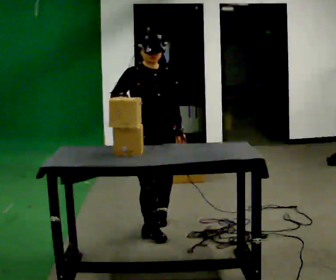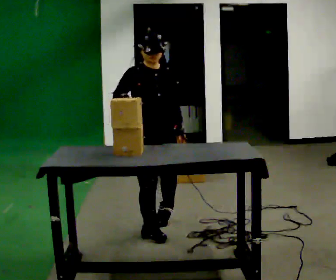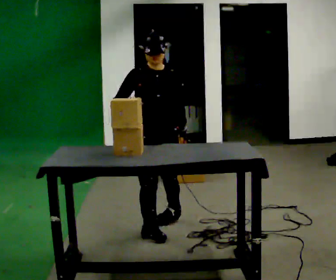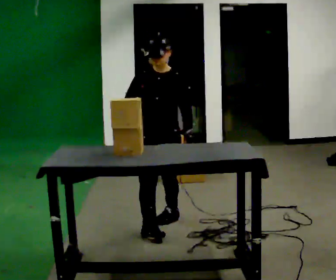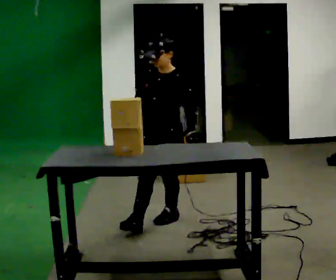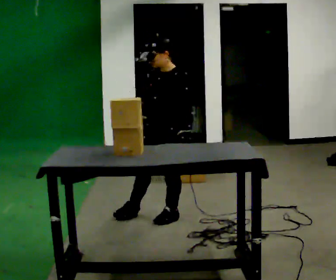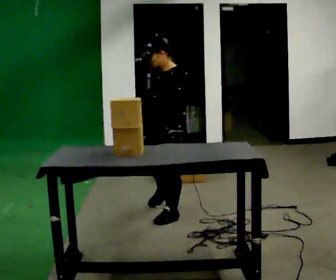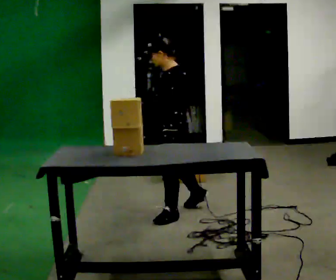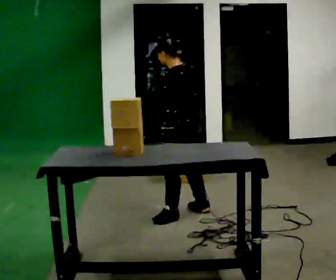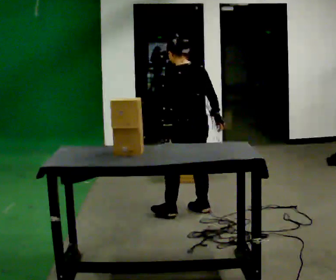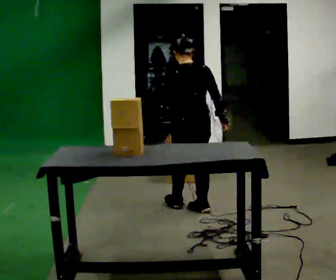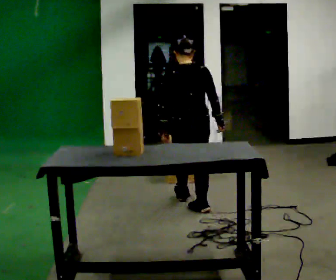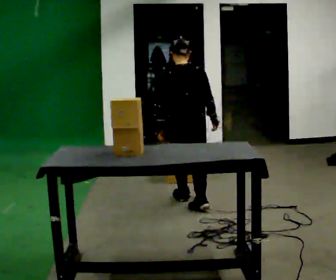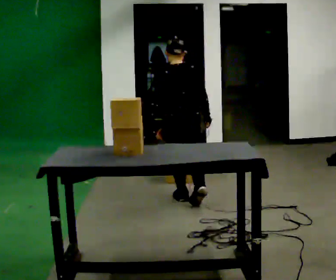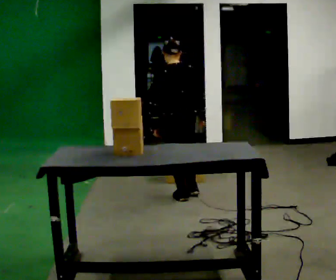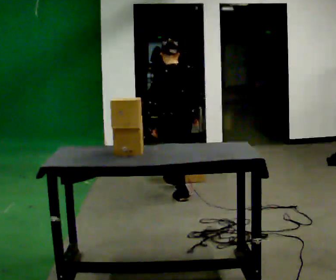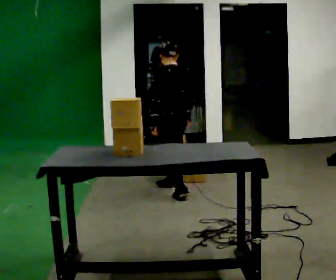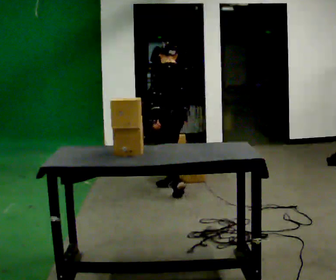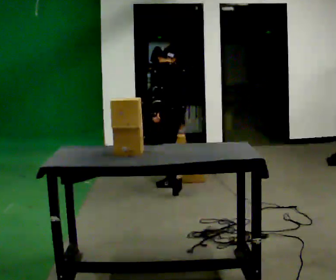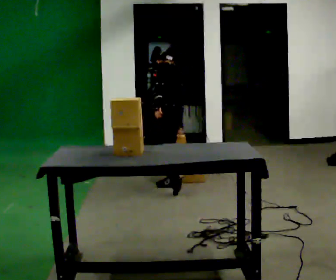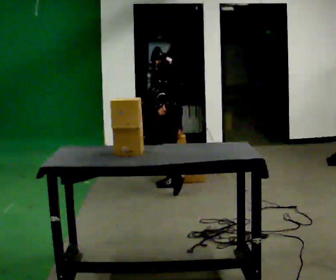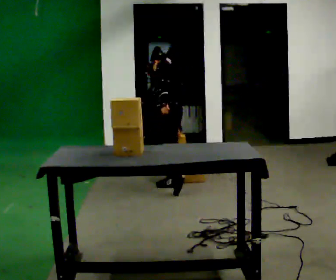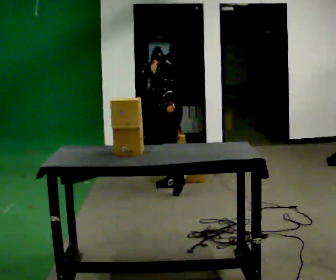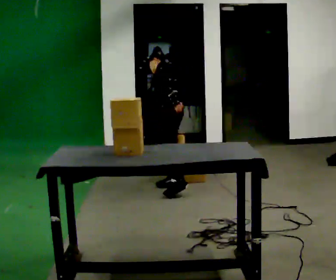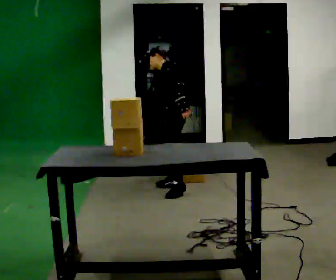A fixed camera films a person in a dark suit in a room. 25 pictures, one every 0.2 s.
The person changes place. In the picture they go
away from the camera.
0.0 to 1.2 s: The person turns about 105 degrees to their right, clockwise seen from above, so the part of the body nearest the lens slides to the left. In the picture they go away from the camera, about 0.5 m in 1 step.
1.2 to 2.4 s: The part of the body nearest the lens slides to the left as the person turns to their right by about 105 degrees. In the picture they go away from the camera, about 0.5 m in 2 steps.
2.4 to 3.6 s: The person turns about 60 degrees to their left, counterclockwise seen from above, so the part of the body nearest the lens slides to the right. In the picture they go away from the camera, about 0.5 m in 2 steps, which for them is forward. The upper body tips away from the camera, its near side rolling upward.
3.6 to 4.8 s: Seen from above the body turns counterclockwise, about 45 degrees: to their left, with its near side sliding to the right.
The film runs forward here.
